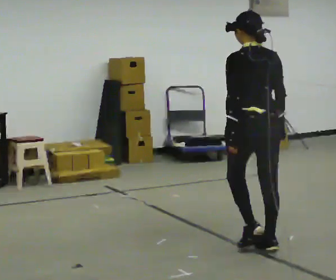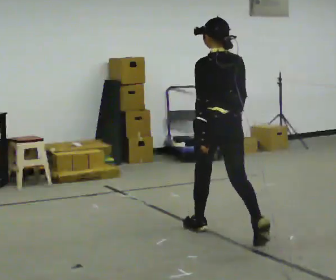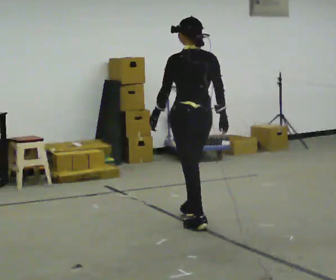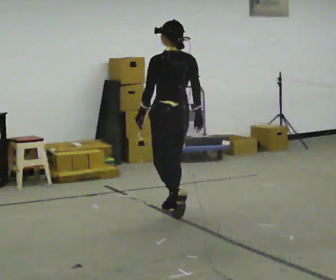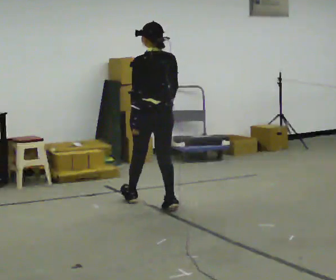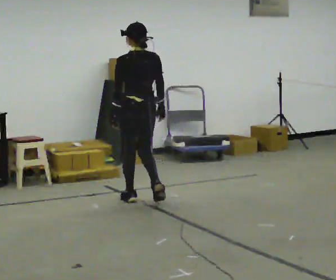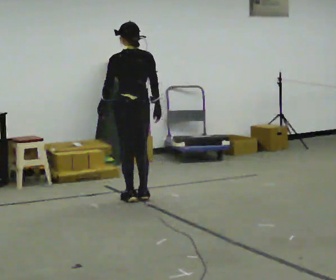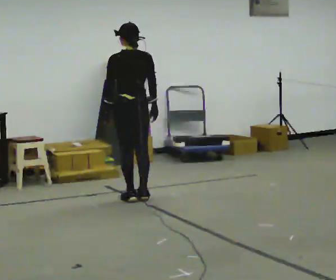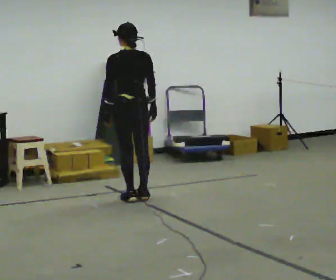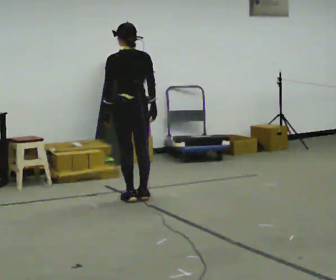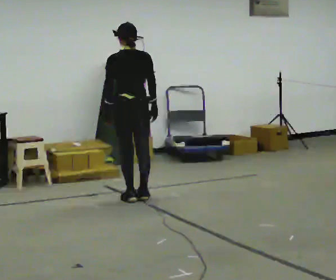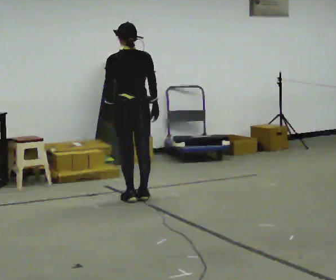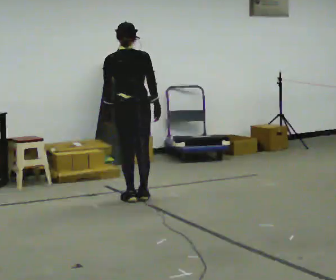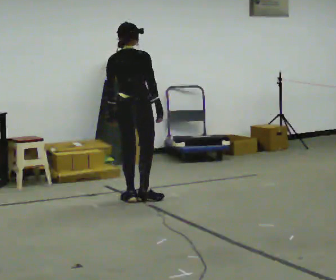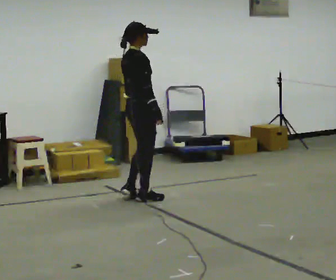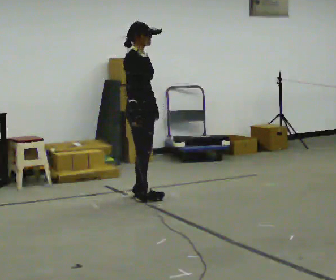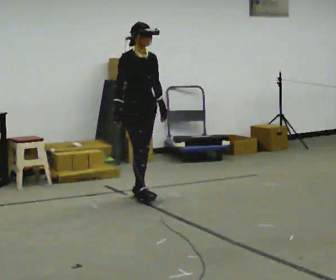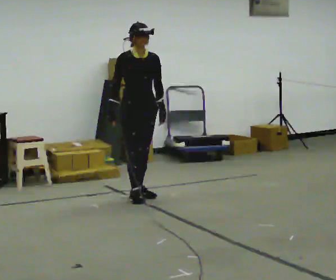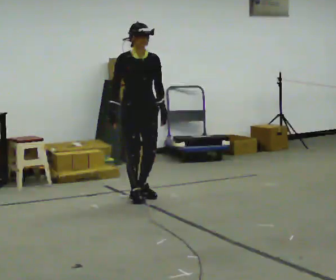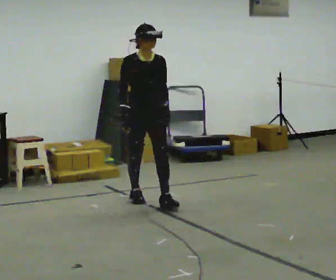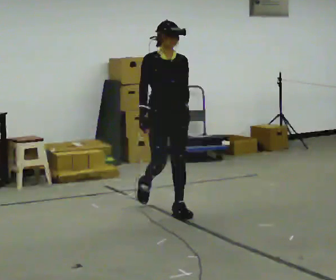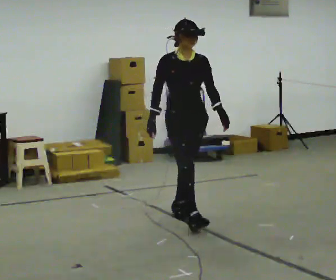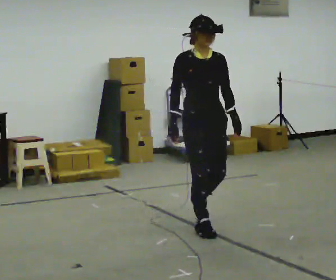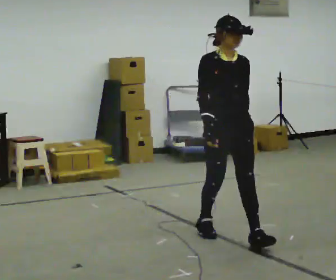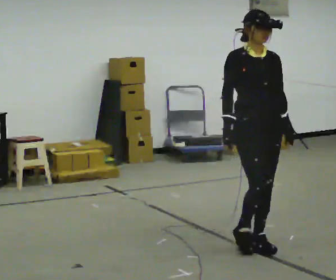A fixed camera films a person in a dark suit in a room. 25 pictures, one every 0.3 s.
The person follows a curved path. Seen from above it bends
clockwise.
The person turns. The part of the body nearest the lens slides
to the left.
0.0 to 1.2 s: In the picture they go away from the camera and to the left, about 1.5 m in 2 steps, which for them is forward.
1.2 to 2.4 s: In the picture they go away from the camera and to the left, about 0.5 m in 2 steps, which for them is forward.
2.4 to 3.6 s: The person moves a little, or ends about where they began.
3.6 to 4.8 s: The person turns about 135 degrees to their right, clockwise seen from above, so the part of the body nearest the lens slides to the left. In the picture their right hand goes to the left, the arm swinging clockwise.
4.8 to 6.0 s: In the picture they go toward the camera and to the right, about 0.75 m in 1 step, which for them is forward.
6.0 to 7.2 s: In the picture they go toward the camera and to the right, about 1 m in 2 steps, which for them is forward.
The film runs forward here.
